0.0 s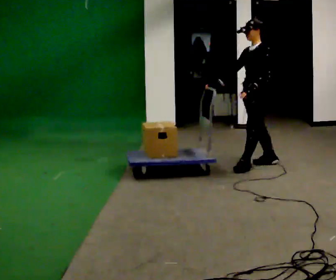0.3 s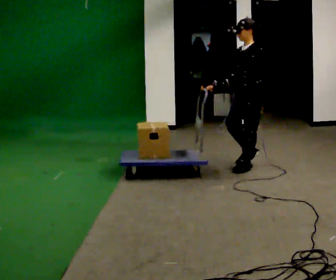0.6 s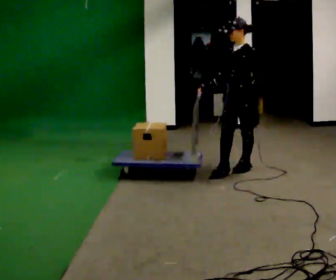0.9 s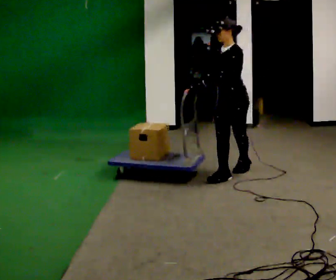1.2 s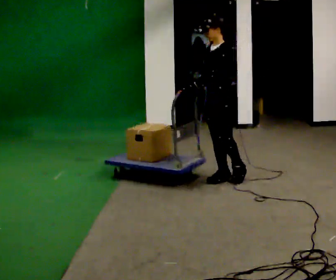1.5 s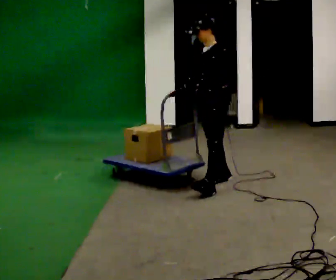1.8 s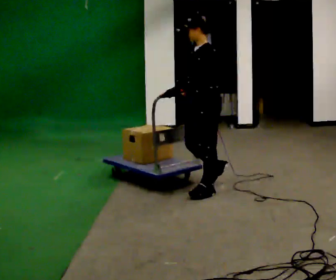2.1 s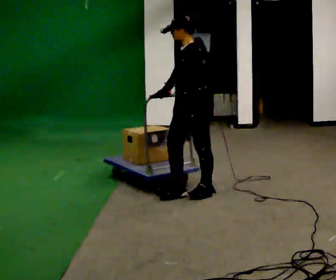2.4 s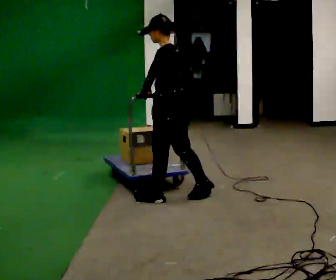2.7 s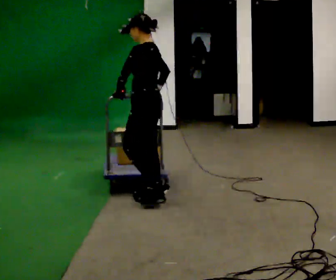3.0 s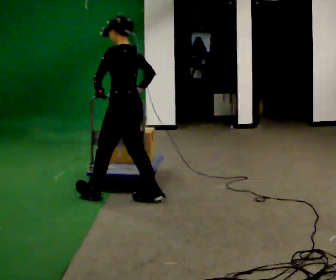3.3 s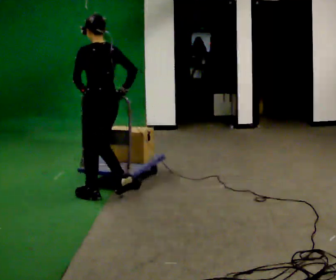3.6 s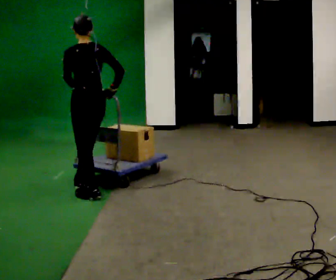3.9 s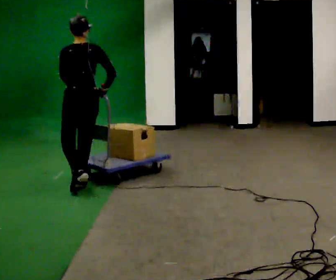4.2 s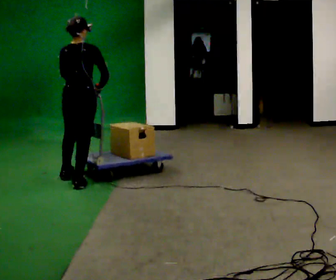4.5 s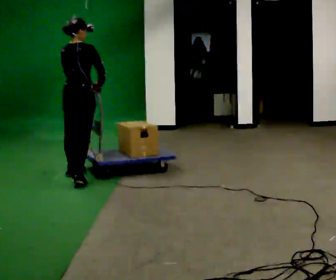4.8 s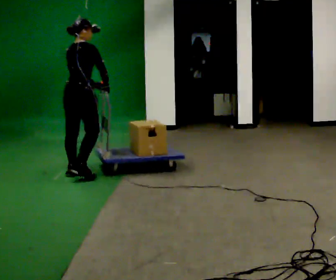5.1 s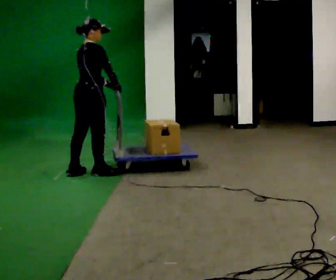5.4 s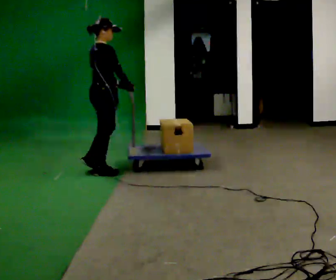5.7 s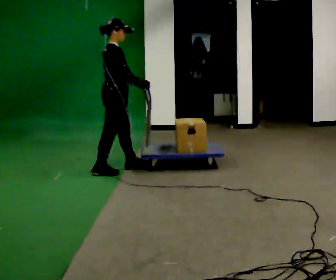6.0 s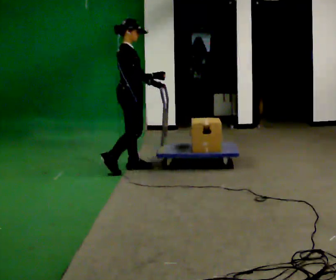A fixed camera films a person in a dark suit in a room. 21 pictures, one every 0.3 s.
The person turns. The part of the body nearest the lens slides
to the left.
Their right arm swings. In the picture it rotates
counterclockwise.
0.0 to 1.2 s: In the picture they go to the left and toward the camera, about 0.5 m in 1 step, which for them is forward.
1.2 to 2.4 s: Seen from above the body turns clockwise, about 30 degrees: to their right, with its near side sliding to the left. In the picture they go to the left and toward the camera, about 0.5 m in 2 steps, which for them is forward and to their left.
2.4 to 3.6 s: The part of the body nearest the lens slides to the left as the person turns to their right by about 60 degrees. In the picture they go to the left, about 0.75 m in 1 step.
3.6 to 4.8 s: Seen from above the body turns clockwise, about 75 degrees: to their right, with its near side sliding to the left. In the picture they go away from the camera, about 0.5 m in 2 steps.
4.8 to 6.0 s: The person turns about 45 degrees to their right, clockwise seen from above, so the part of the body nearest the lens slides to the left. In the picture they go to the right and away from the camera, about 0.5 m in 2 steps, which for them is forward.
The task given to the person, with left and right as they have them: Stand still with your hands on the cart. When the operator says go, get it moving, push it a few metres, then bring it to a stop. Repeat until the operator says stop.
The film runs forward here.
